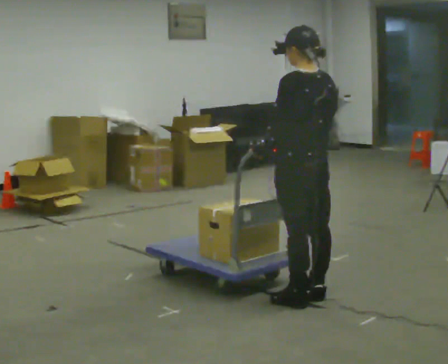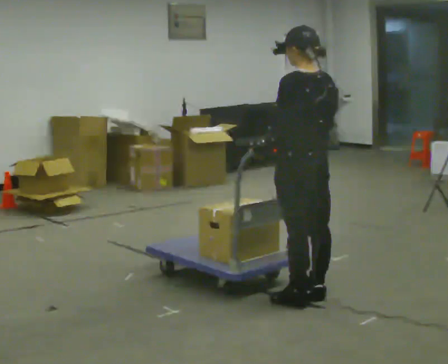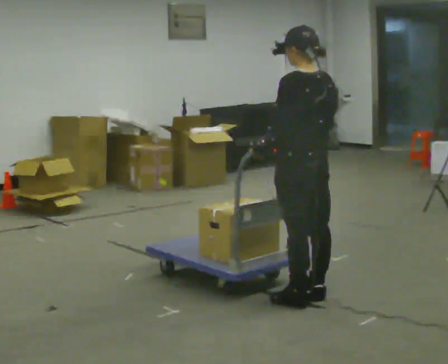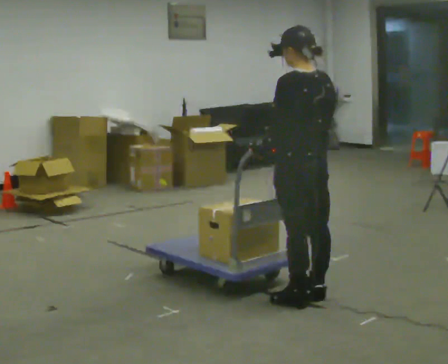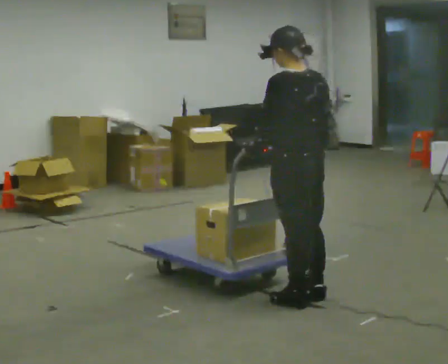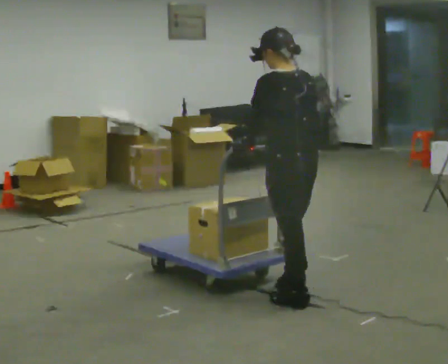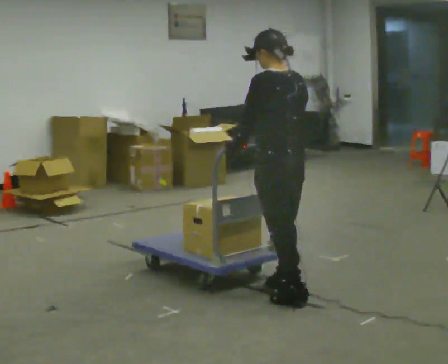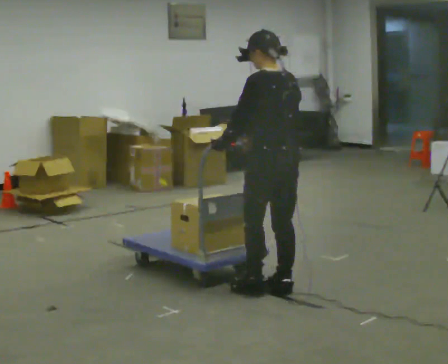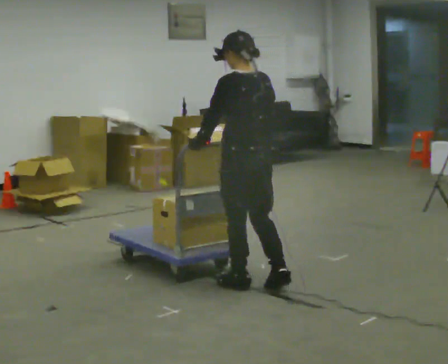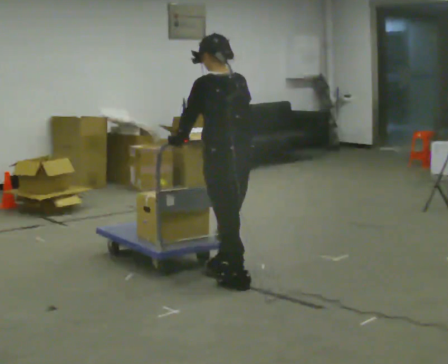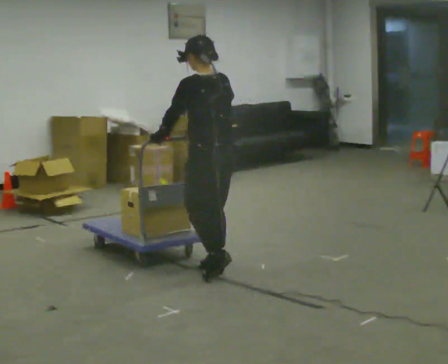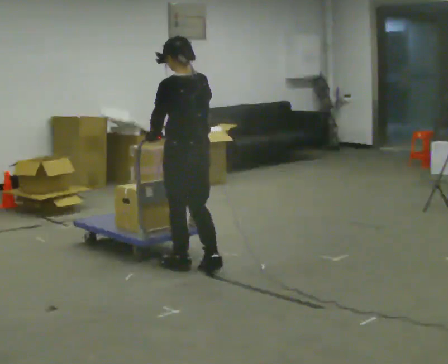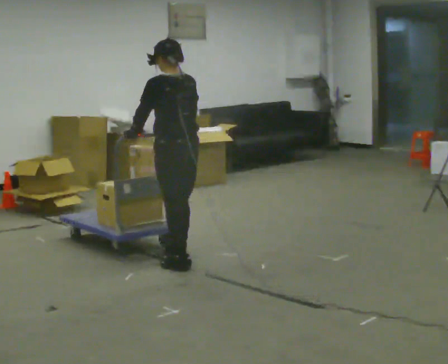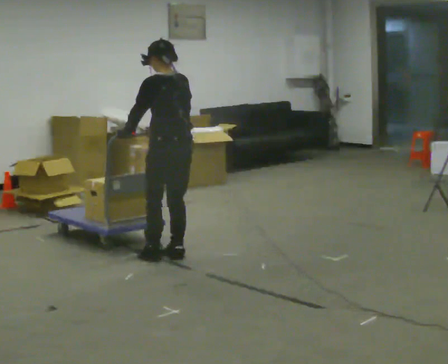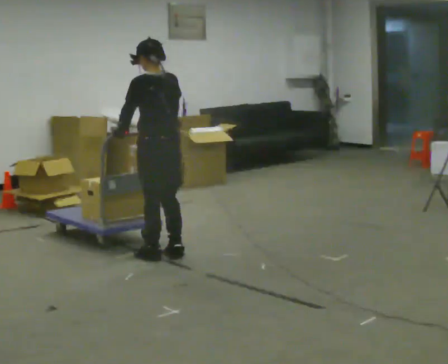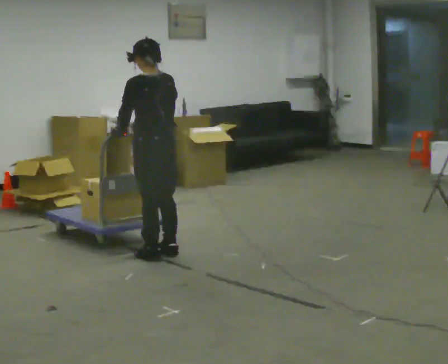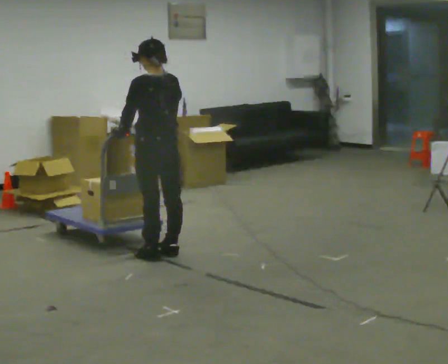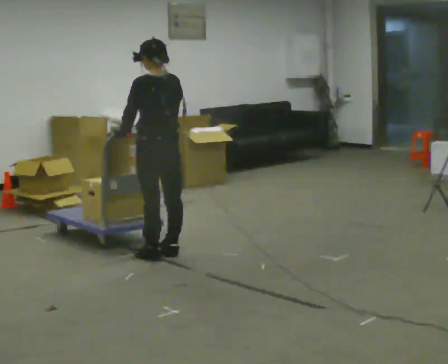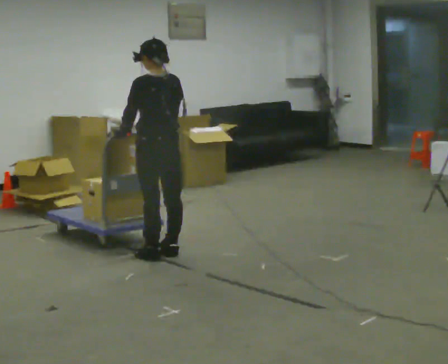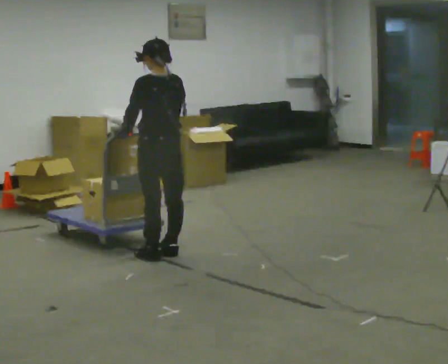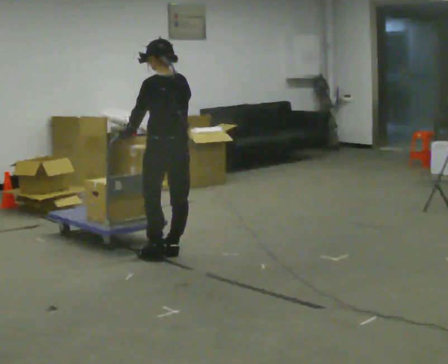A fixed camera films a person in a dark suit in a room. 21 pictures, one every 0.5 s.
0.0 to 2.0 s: The person moves a little, or ends about where they began.
2.0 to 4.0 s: In the picture they go away from the camera and to the left, about 0.5 m in 2 steps, which for them is forward.
4.0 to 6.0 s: In the picture they go away from the camera and to the left, about 0.5 m in 3 steps, which for them is forward.
6.0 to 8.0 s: In the picture they go away from the camera, about 0.25 m in 1 step, which for them is forward.
8.0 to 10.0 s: The person moves a little, or ends about where they began.
The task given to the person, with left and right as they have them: Get the cart into the marked parking space and lined up with the tape. Take as many adjustments as you need. Then take it out again and repeat.
The film runs forward here.
